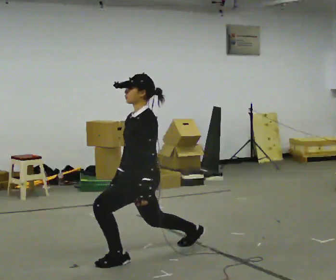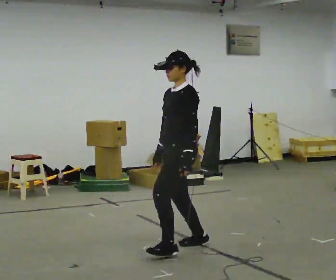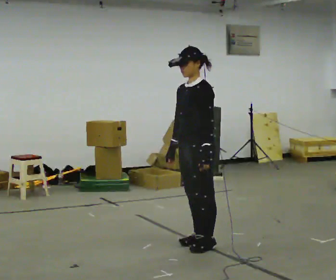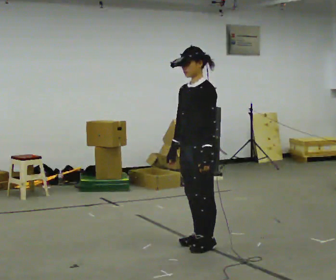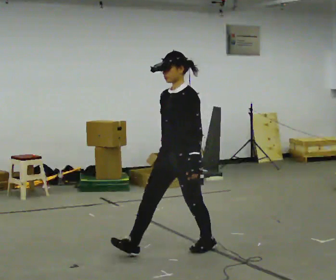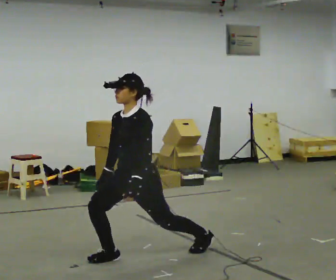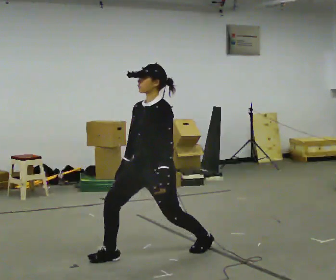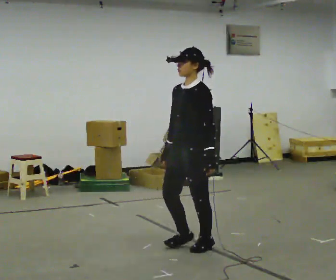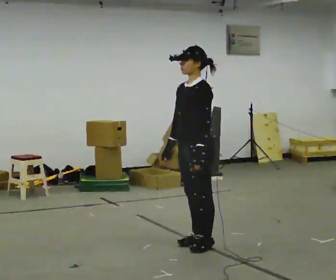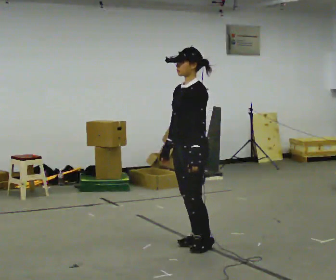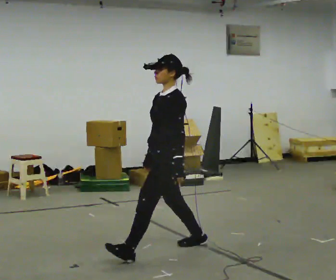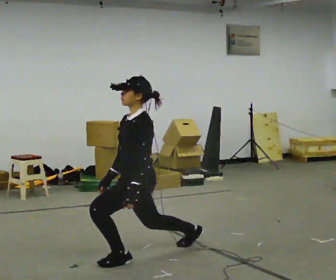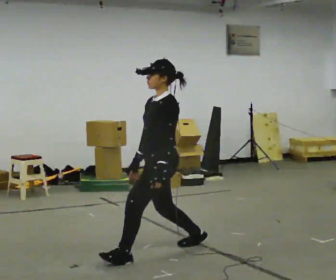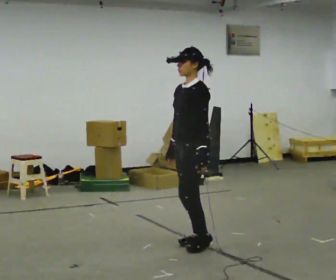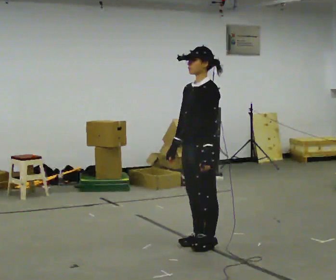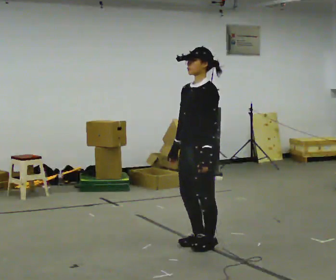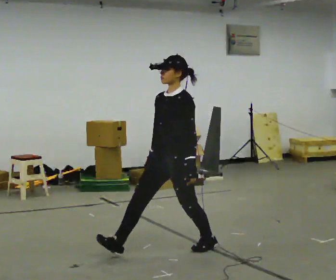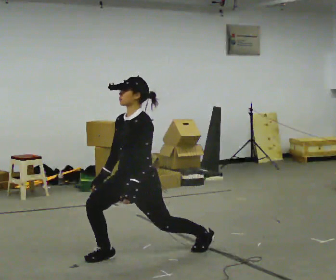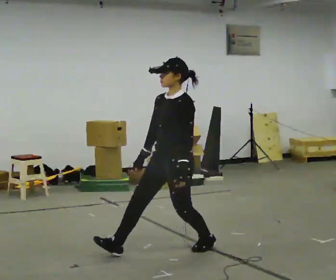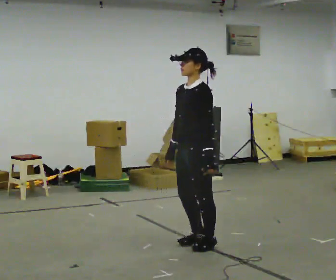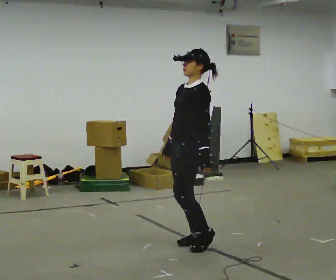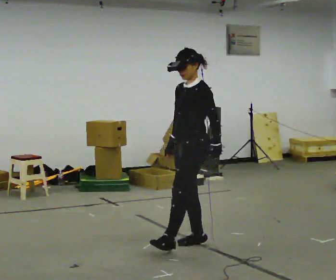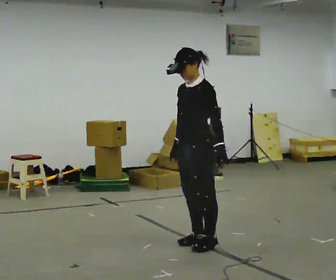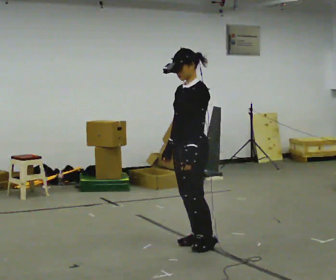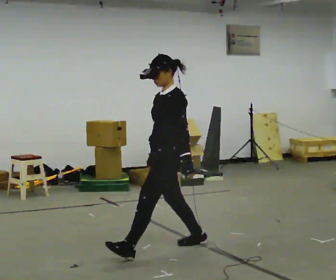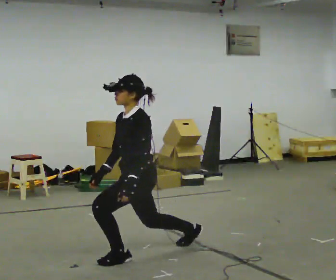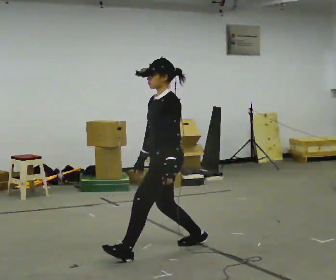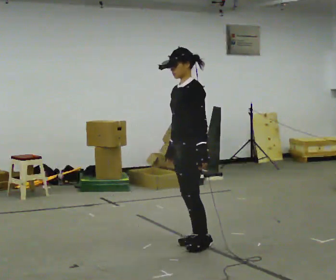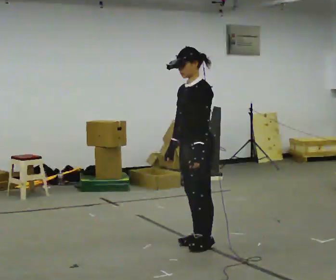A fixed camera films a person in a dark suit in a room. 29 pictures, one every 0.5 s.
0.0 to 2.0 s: The part of the body nearest the lens slides to the right as the person turns to their left by about 30 degrees. In the picture they go to the right and away from the camera, about 0.25 m in 1 step, which for them is backward.
2.0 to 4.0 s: In the picture they go away from the camera, about 0.25 m in 2 steps, which for them is backward.
4.0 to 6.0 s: In the picture they go to the left and toward the camera, about 0.25 m in 1 step, which for them is forward.
6.0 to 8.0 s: The person turns about 30 degrees to their left, counterclockwise seen from above, so the part of the body nearest the lens slides to the right.
8.0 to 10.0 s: In the picture they go away from the camera, about 0.25 m in 2 steps, which for them is backward.
10.0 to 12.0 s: The person moves a little, or ends about where they began.
12.0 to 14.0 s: In the picture they go to the right and away from the camera, about 0.25 m in 2 steps, which for them is backward.
The film runs forward here.
